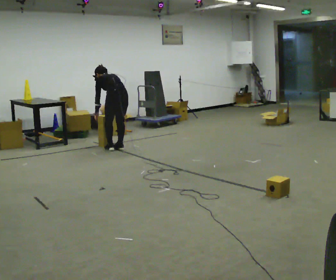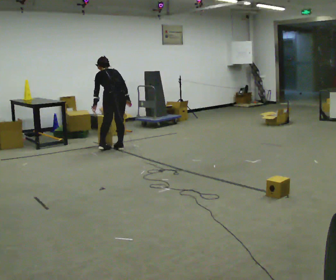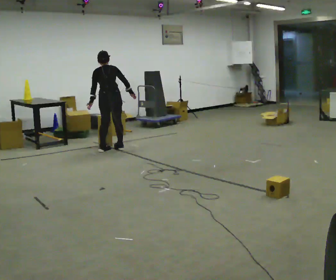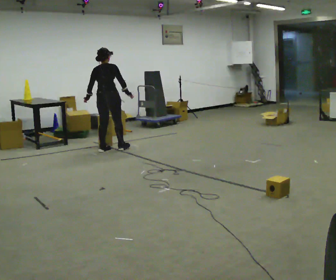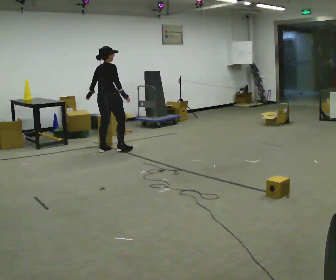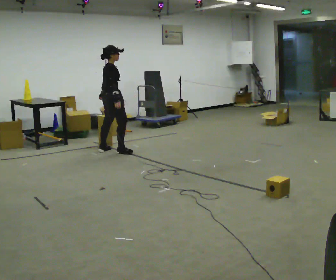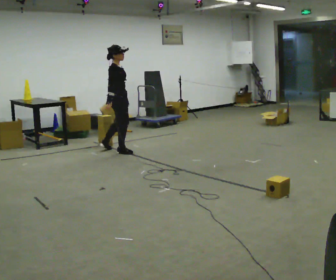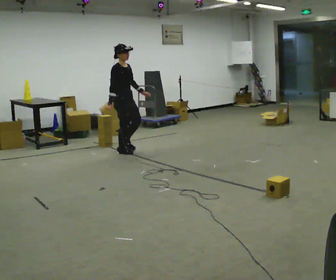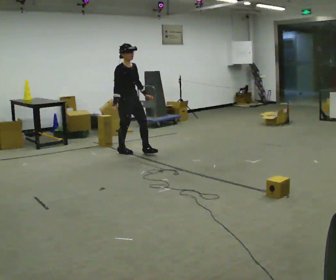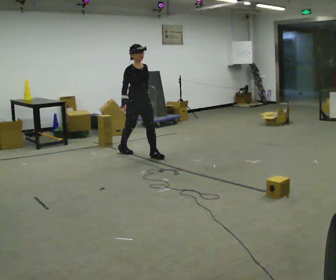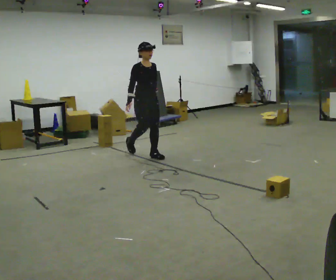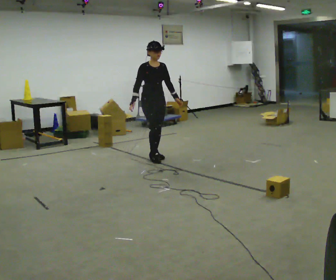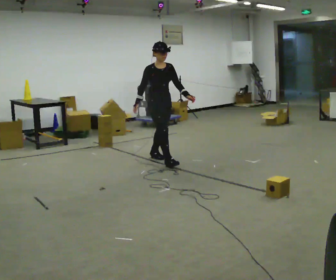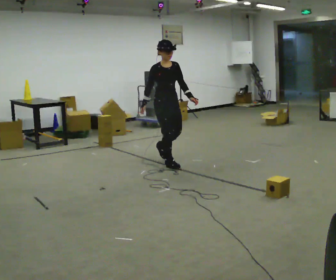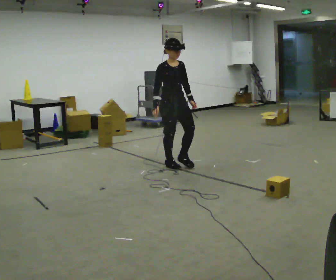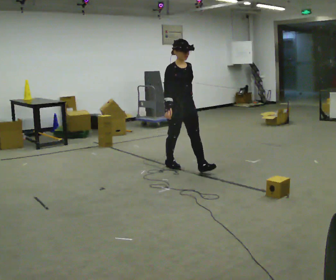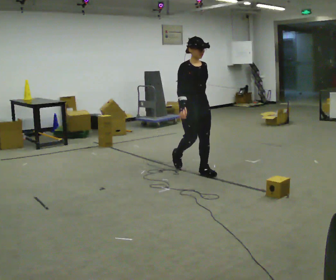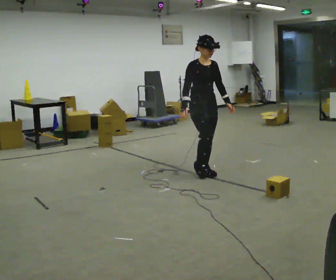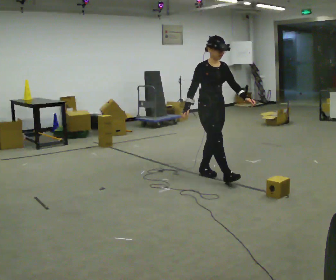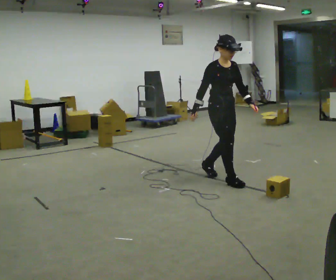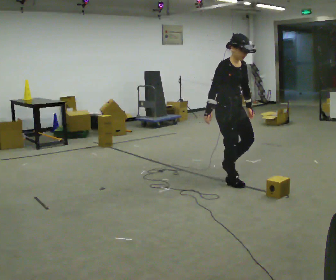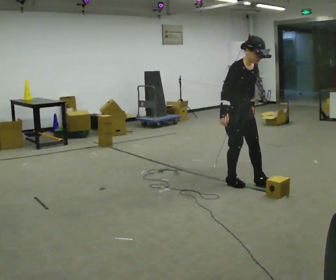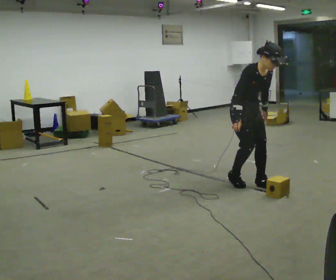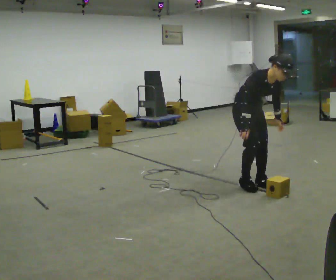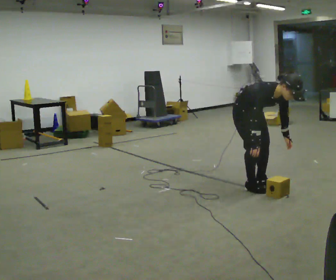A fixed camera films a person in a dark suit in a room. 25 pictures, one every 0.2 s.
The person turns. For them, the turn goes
to their right.
The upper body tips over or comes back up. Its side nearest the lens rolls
downward.
0.0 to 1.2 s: The part of the body nearest the lens slides to the left as the person turns to their right by about 120 degrees. The upper body goes upward. The upper body tips toward the camera, its near side rolling downward, as they lean back or straighten. In the picture their left hand goes to the right.
1.2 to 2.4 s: The person turns about 60 degrees to their right, clockwise seen from above, so the part of the body nearest the lens slides to the left. In the picture they go to the right and toward the camera, about 1 m in 1 step.
2.4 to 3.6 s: In the picture they go toward the camera and to the right, about 1 m in 2 steps, which for them is forward.
3.6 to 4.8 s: In the picture they go toward the camera and to the right, about 0.5 m in 3 steps, which for them is forward. The upper body goes downward. The upper body tips toward the camera, its near side rolling downward, as they bend forward. In the picture their left hand goes downward.
The film runs forward here.
